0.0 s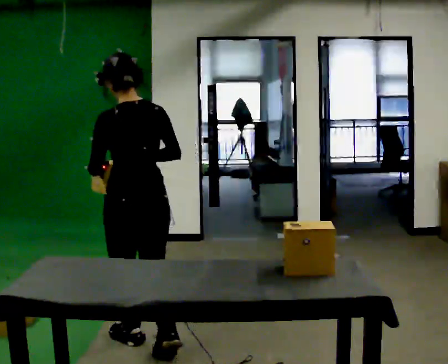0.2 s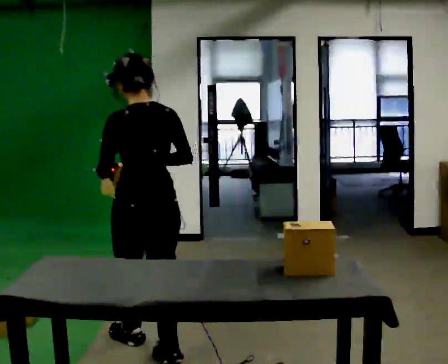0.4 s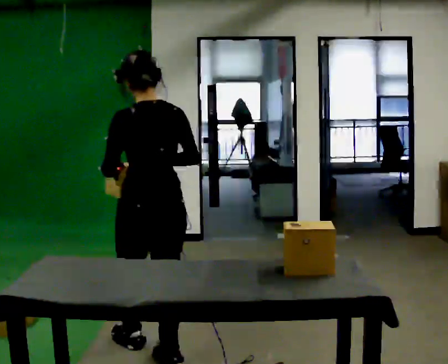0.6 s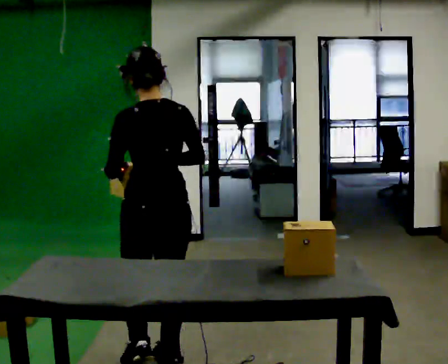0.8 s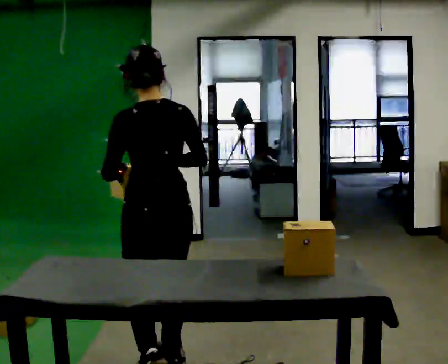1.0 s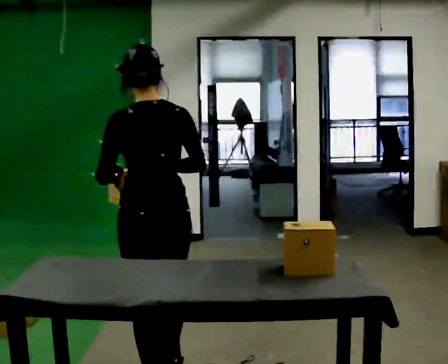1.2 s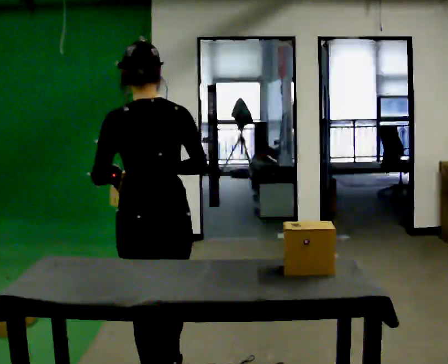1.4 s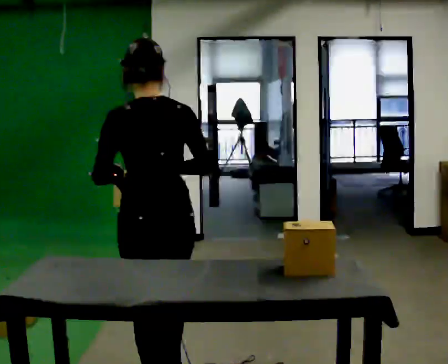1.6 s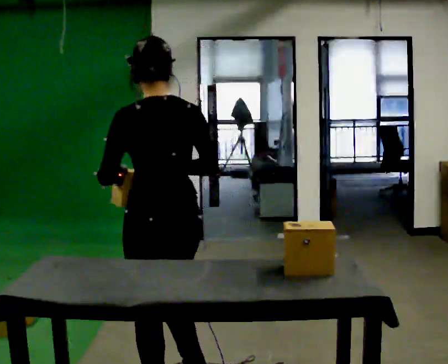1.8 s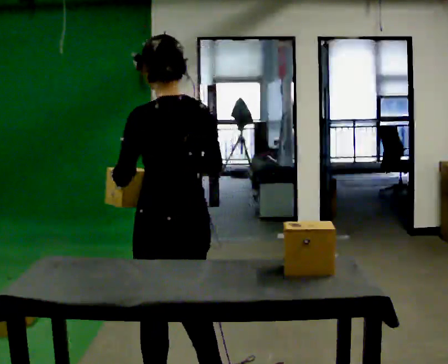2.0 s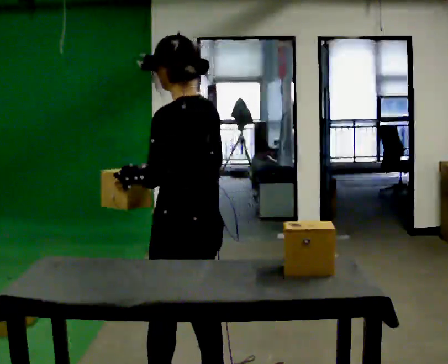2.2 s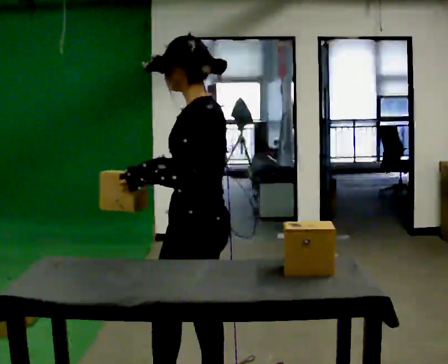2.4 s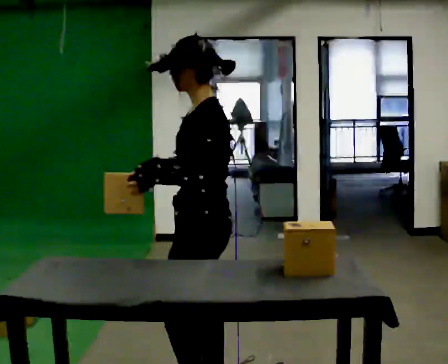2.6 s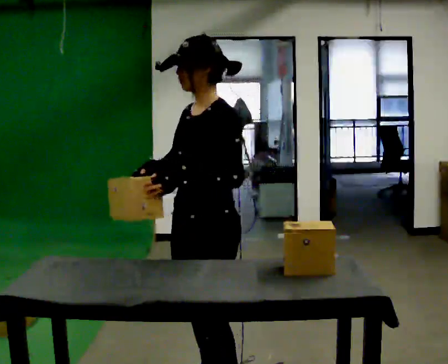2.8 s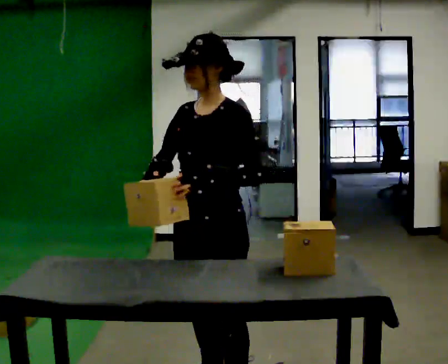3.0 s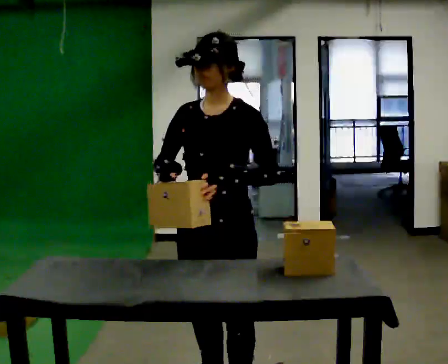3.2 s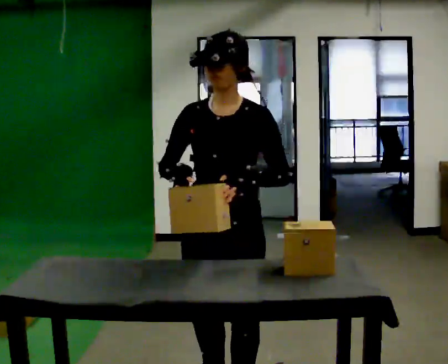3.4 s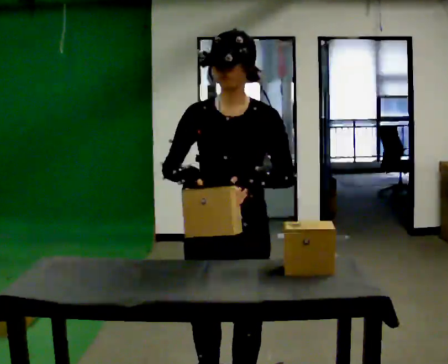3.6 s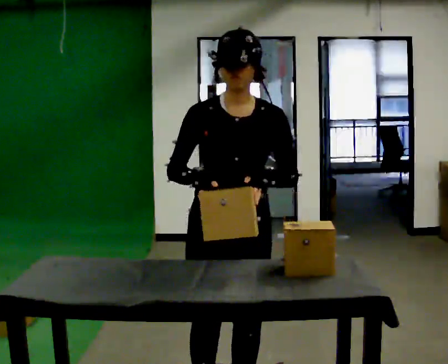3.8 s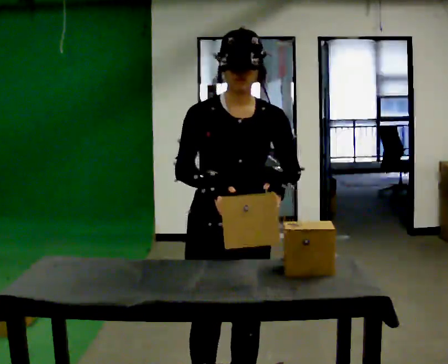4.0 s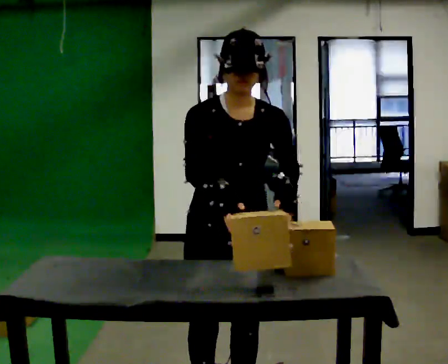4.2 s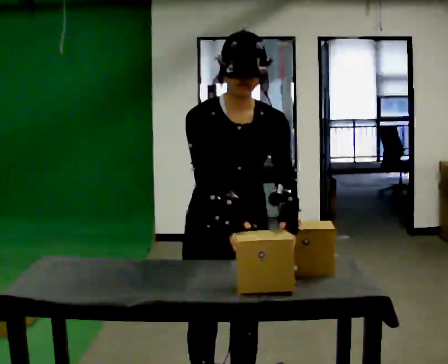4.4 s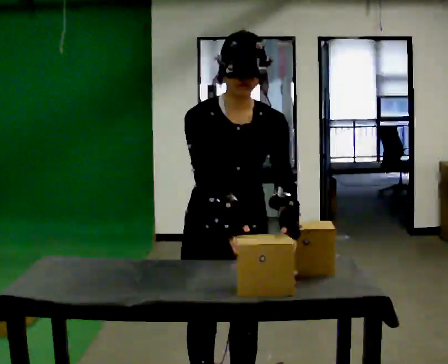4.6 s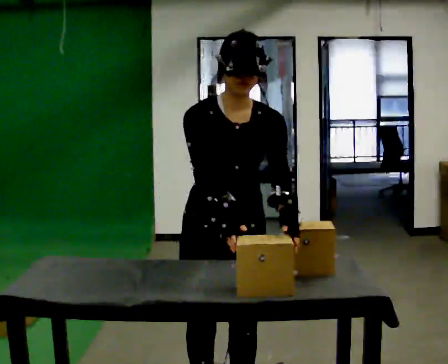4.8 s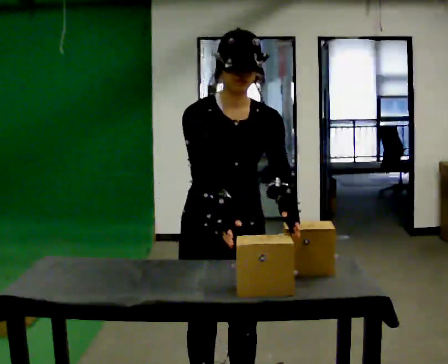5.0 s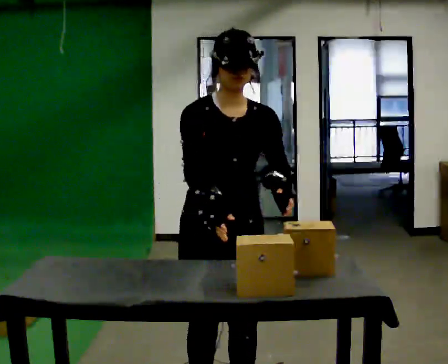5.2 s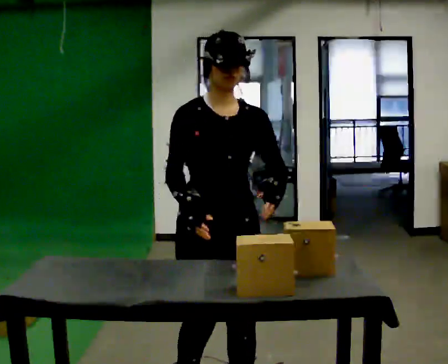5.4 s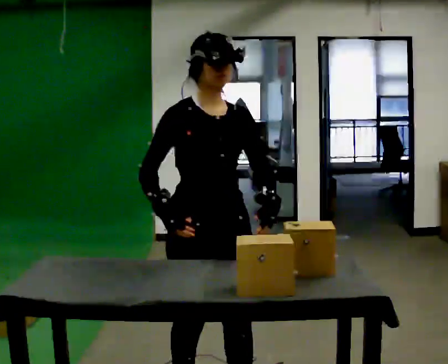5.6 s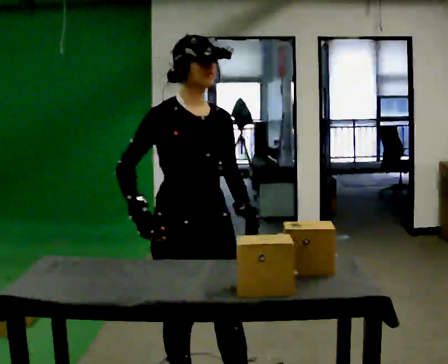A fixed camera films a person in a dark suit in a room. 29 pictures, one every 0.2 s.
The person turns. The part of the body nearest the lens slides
to the right.
The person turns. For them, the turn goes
to their left.
0.0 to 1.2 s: In the picture they go toward the camera and to the right, about 0.5 m in 2 steps, which for them is backward.
1.2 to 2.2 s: The person turns about 45 degrees to their left, counterclockwise seen from above, so the part of the body nearest the lens slides to the right. In the picture they go to the right, about 0.25 m in 1 step, which for them is backward and to their right.
2.2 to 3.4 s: The part of the body nearest the lens slides to the right as the person turns to their left by about 90 degrees.
3.4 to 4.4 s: The person moves a little, or ends about where they began.
4.4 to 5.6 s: In the picture they go to the left, about 0.25 m in 2 steps, which for them is to their right. The upper body tips away from the camera, its near side rolling upward, as they lean back or straighten.
The film runs backward here.
